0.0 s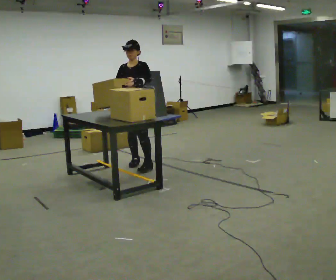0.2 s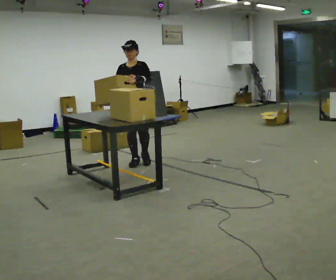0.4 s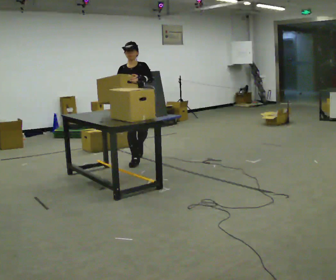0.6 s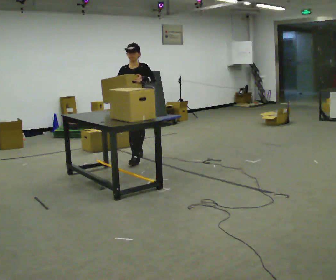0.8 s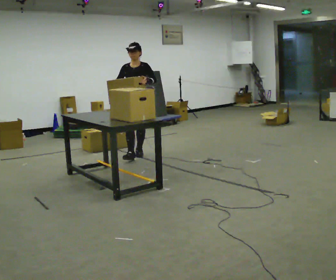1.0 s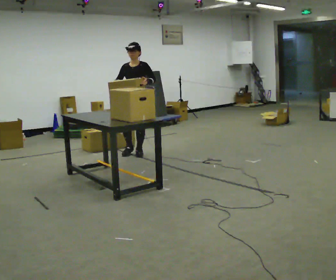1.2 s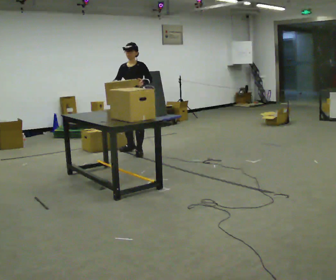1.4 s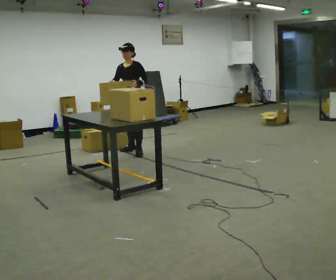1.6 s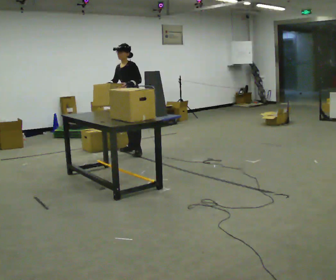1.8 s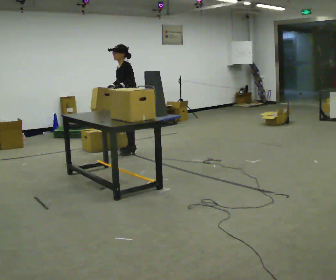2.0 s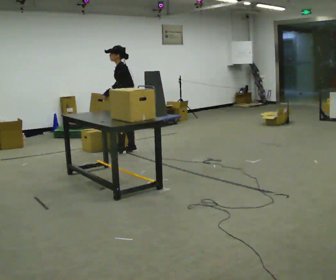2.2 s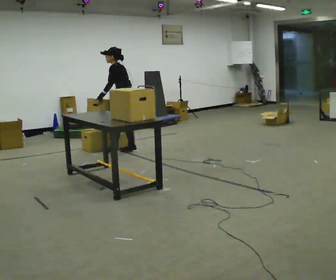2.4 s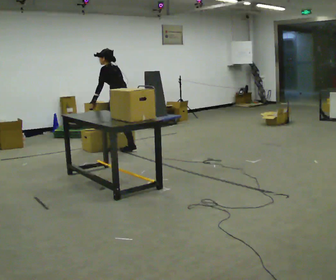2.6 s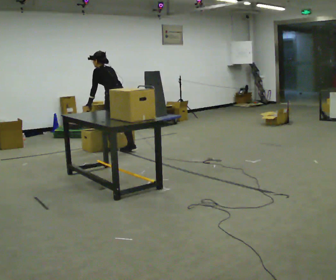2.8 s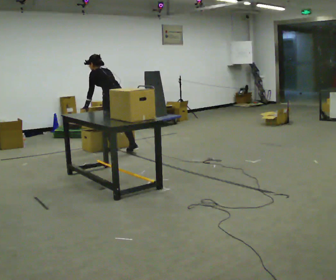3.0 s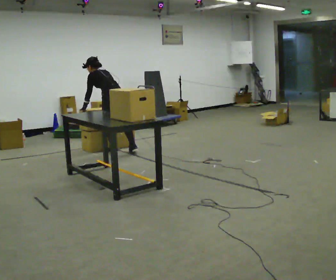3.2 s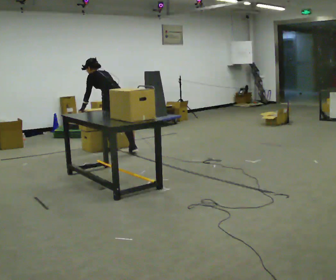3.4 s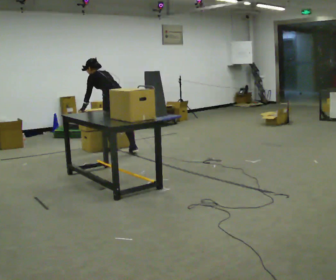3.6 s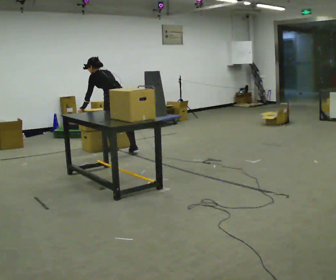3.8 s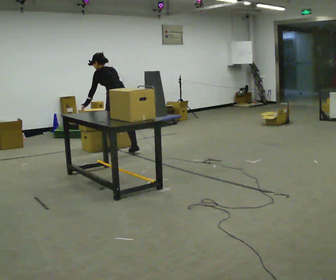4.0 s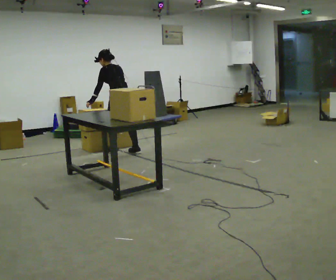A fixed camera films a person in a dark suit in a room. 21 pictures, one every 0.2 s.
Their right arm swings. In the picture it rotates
counterclockwise.
0.0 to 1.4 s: In the picture they go away from the camera, about 0.5 m in 1 step, which for them is backward.
1.4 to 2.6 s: The person turns about 105 degrees to their right, clockwise seen from above, so the part of the body nearest the lens slides to the left. In the picture they go to the left, about 0.25 m in 2 steps. The upper body tips away from the camera, its near side rolling upward, as they bend forward.
2.6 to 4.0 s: The person moves a little, or ends about where they began.
The film runs backward here.
